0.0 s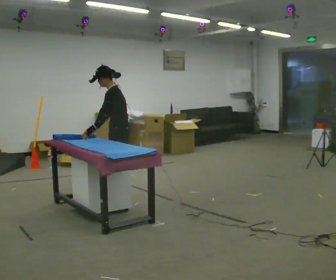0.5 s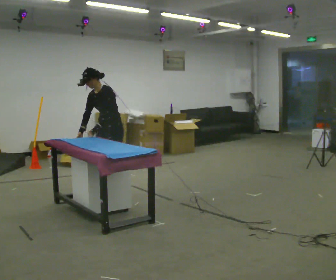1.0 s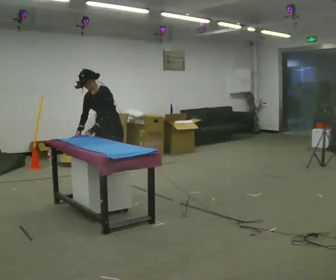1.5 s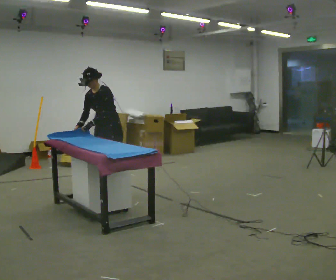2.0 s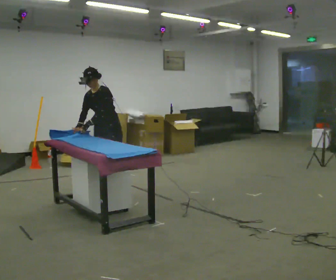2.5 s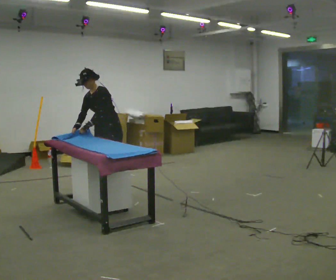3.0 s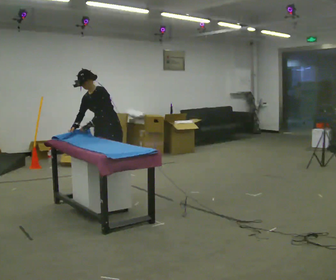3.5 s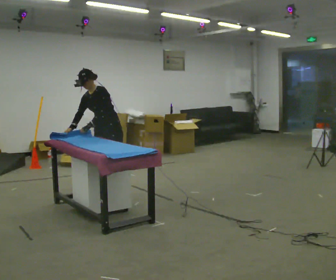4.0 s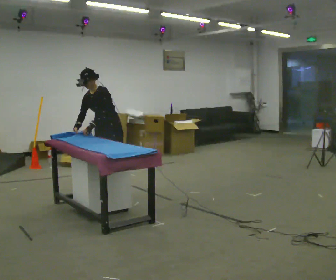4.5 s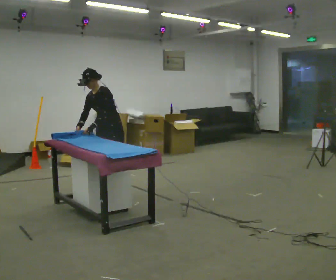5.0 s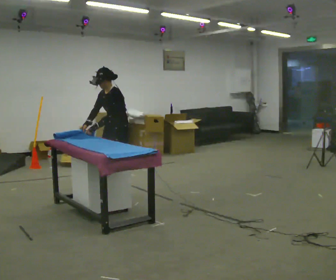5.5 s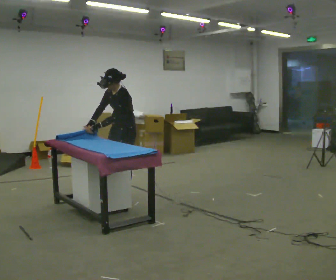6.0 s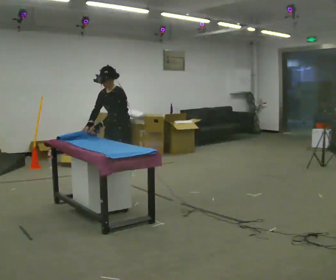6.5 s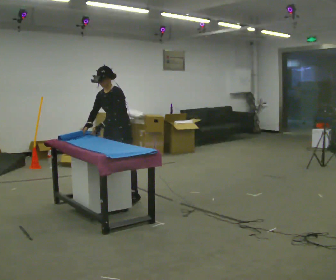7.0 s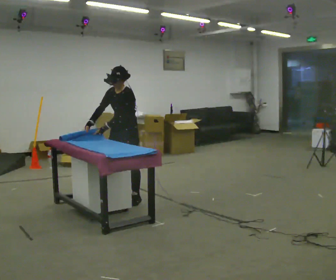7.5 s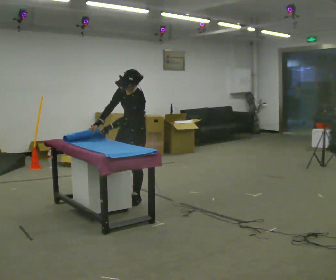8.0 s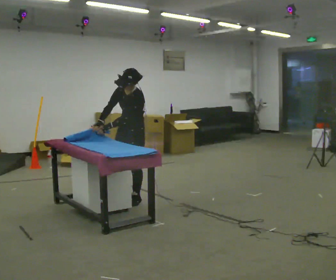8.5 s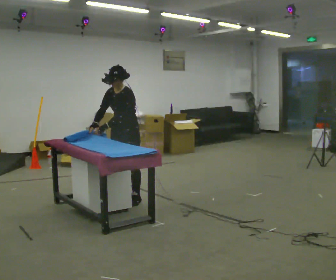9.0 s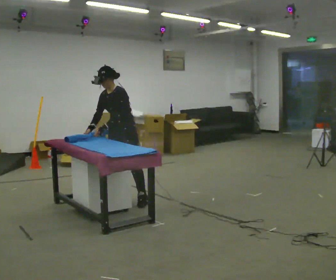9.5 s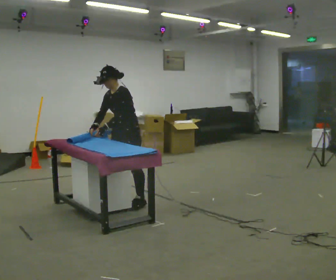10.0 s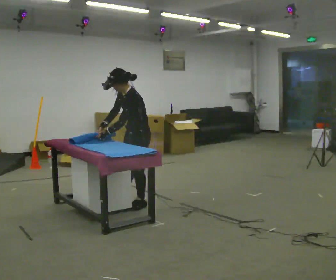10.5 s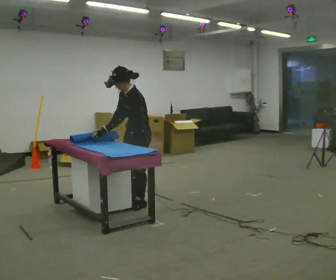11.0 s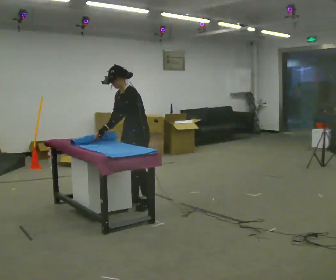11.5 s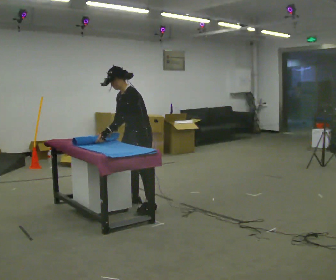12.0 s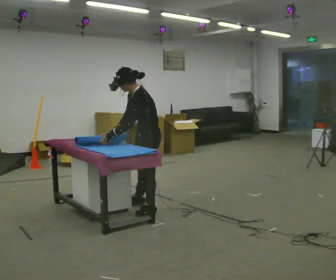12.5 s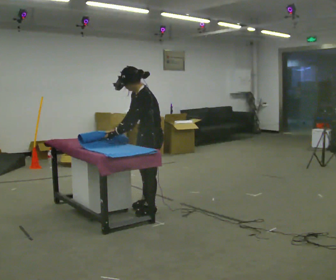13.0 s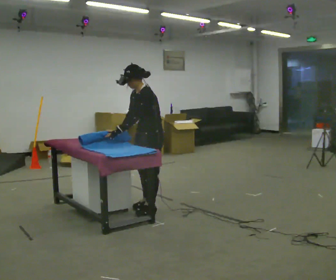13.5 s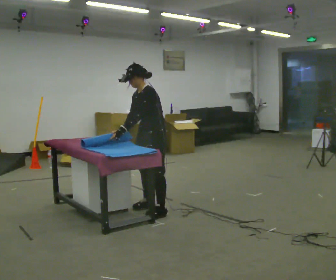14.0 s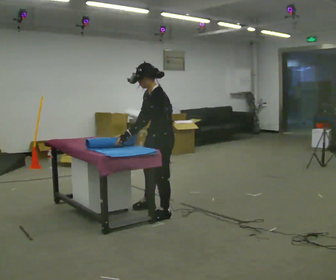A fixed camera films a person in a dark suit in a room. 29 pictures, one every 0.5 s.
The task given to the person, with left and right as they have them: Roll the mat up from one end, then unroll it again. Repeat at your own pace until the operator says stop.
0.0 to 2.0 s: The part of the body nearest the lens slides to the right as the person turns to their left by about 60 degrees. In the picture they go away from the camera, about 0.25 m.
2.0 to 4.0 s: The person moves a little, or ends about where they began.
4.0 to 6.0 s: In the picture they go toward the camera, about 0.25 m in 1 step, which for them is to their left.
6.0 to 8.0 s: In the picture they go toward the camera, about 0.25 m in 2 steps, which for them is to their left.
8.0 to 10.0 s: The part of the body nearest the lens slides to the left as the person turns to their right by about 30 degrees. In the picture they go toward the camera, about 0.25 m in 1 step, which for them is to their left.
10.0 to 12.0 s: In the picture they go toward the camera, about 0.25 m in 2 steps, which for them is to their left.
12.0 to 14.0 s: The person moves a little, or ends about where they began.
The film runs forward here.
